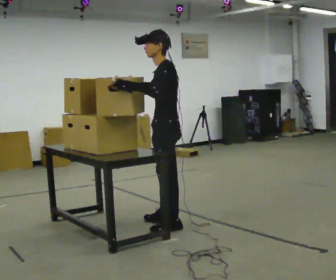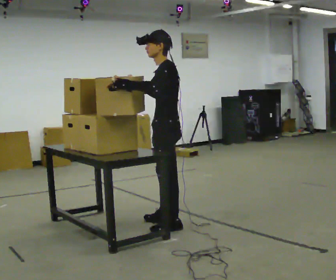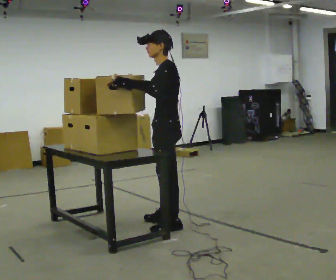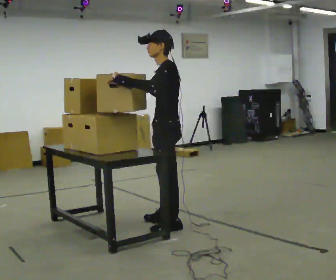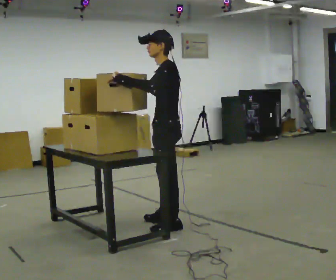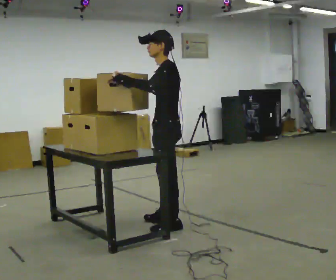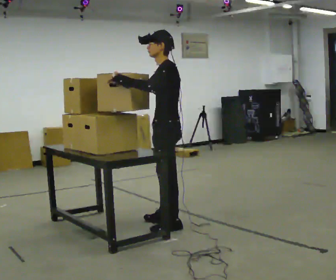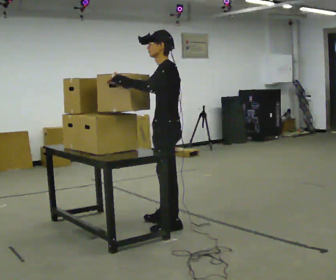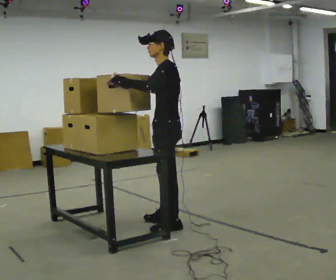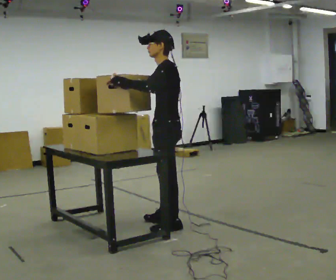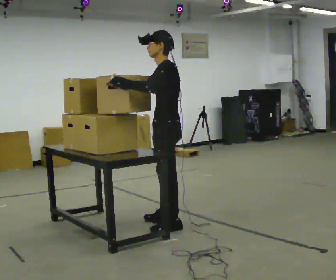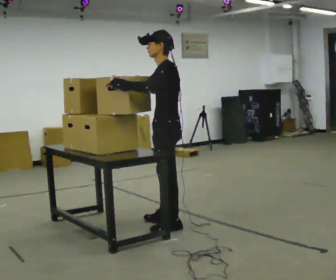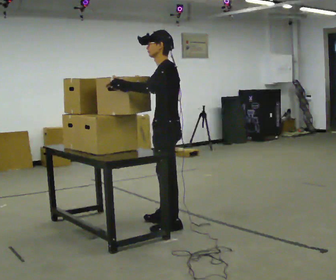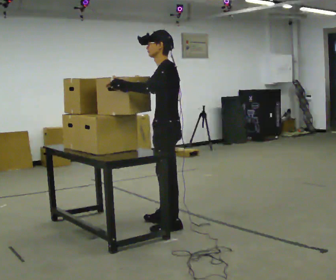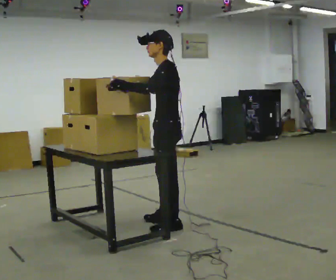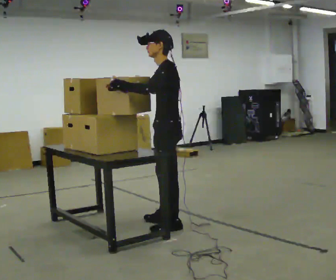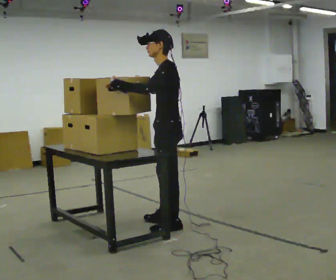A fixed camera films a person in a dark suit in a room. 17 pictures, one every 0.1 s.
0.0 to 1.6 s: The person moves a little, or ends about where they began.
The film runs forward here.
